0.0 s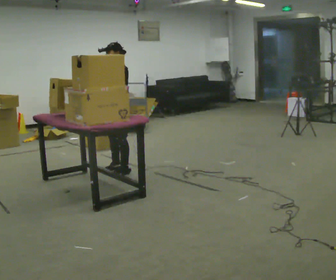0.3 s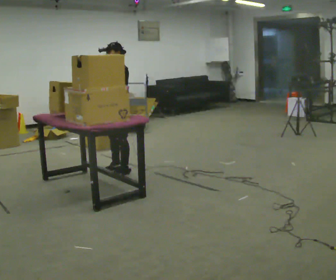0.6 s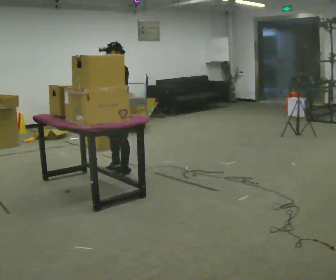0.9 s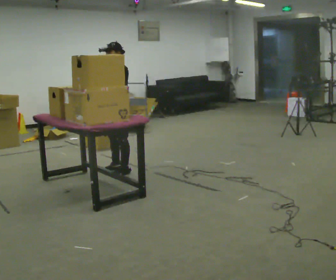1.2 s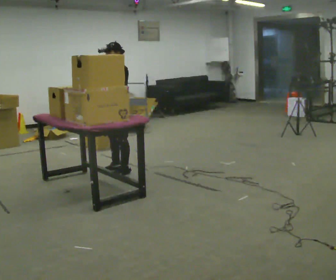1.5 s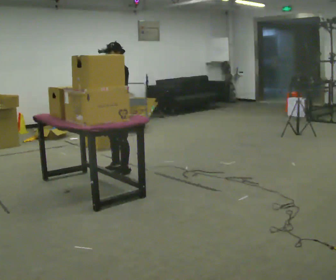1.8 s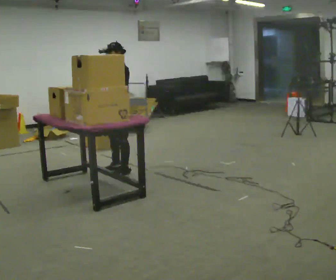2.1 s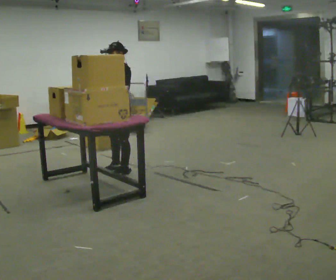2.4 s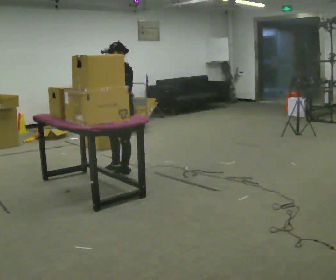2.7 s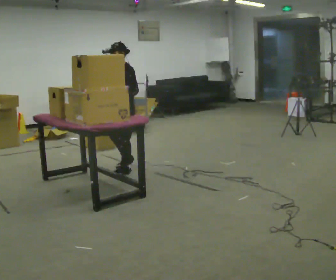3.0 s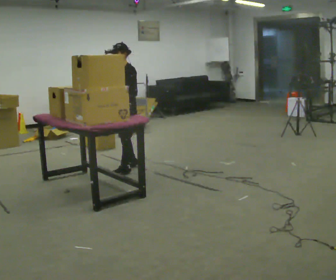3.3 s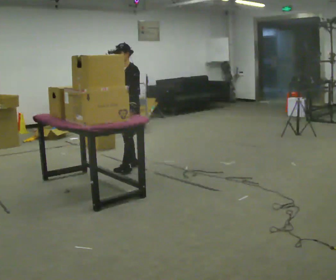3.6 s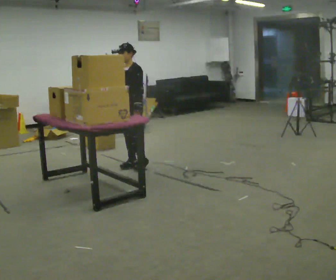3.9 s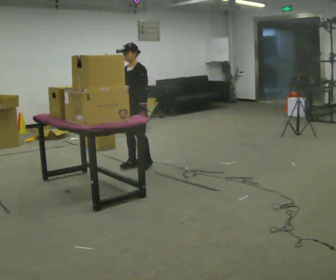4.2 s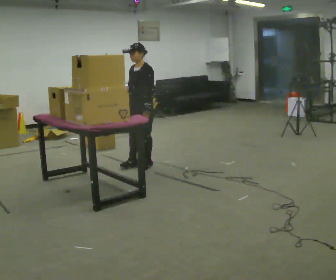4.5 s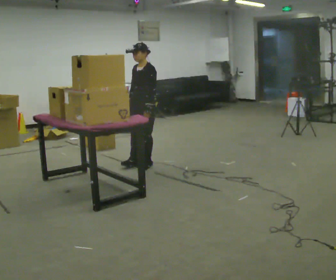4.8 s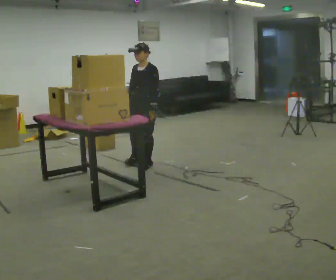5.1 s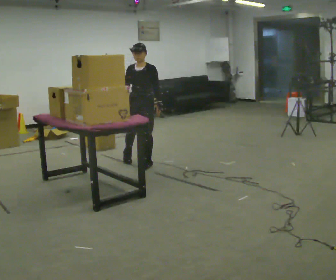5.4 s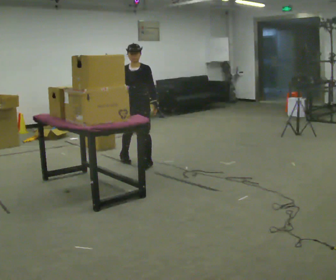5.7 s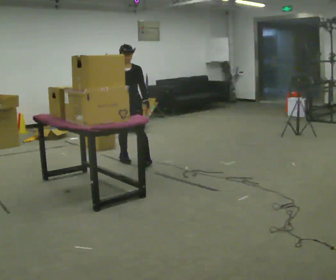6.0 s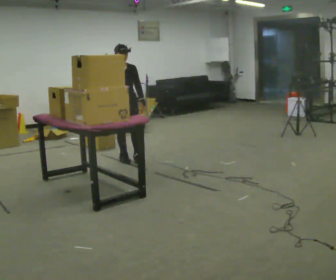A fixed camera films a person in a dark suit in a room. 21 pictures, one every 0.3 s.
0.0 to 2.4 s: The person moves a little, or ends about where they began.
2.4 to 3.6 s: In the picture they go away from the camera, about 0.25 m in 2 steps, which for them is backward and to their right. In the picture their left hand goes to the right.
3.6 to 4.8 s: In the picture they go to the right, about 0.25 m in 1 step, which for them is backward.
4.8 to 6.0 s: The part of the body nearest the lens slides to the right as the person turns to their left by about 45 degrees. In the picture they go away from the camera and to the left, about 0.25 m in 1 step, which for them is to their right and backward.
The film runs backward here.
